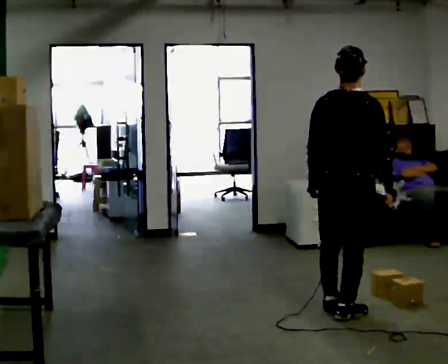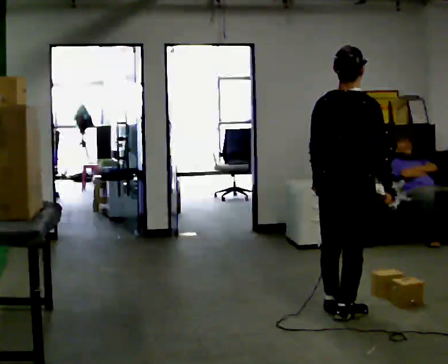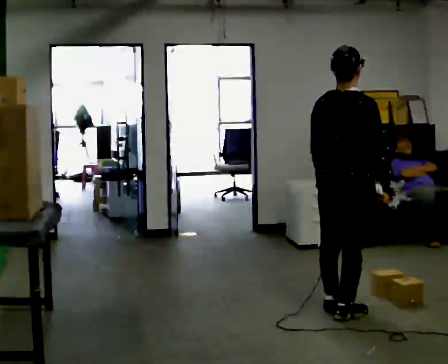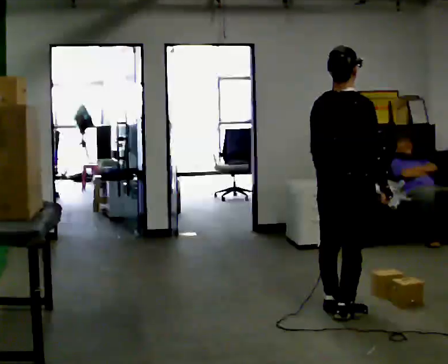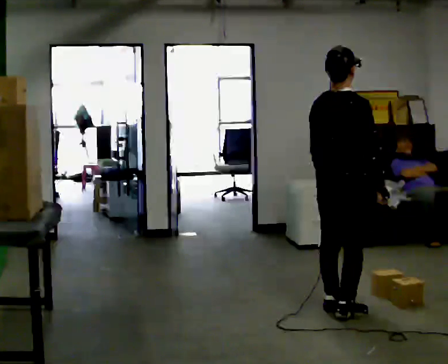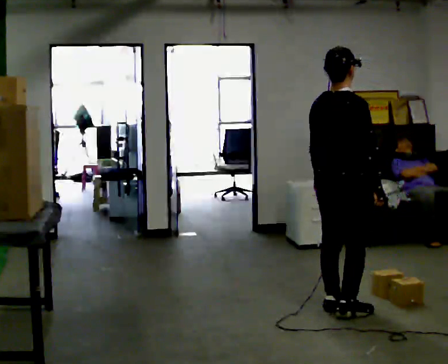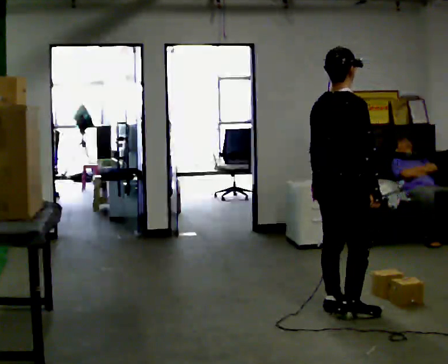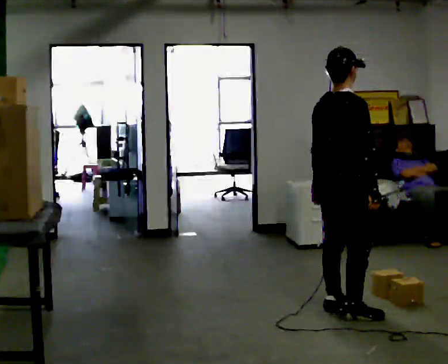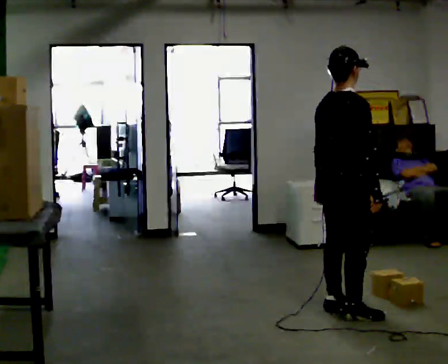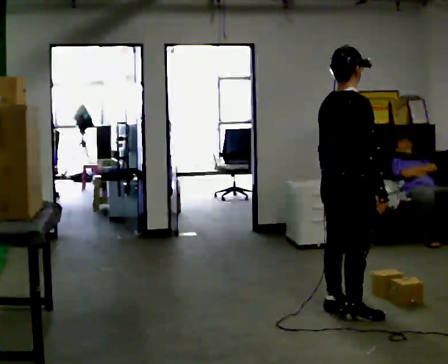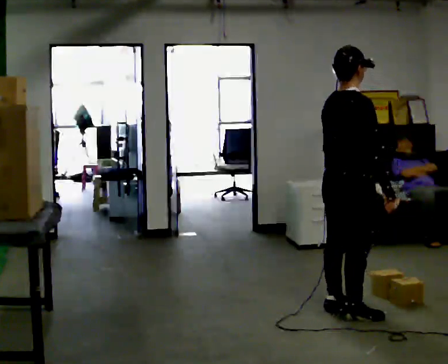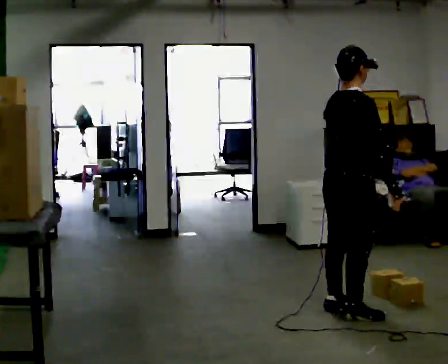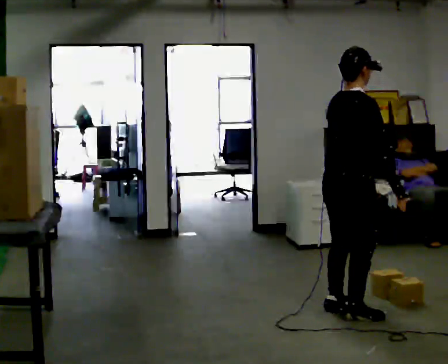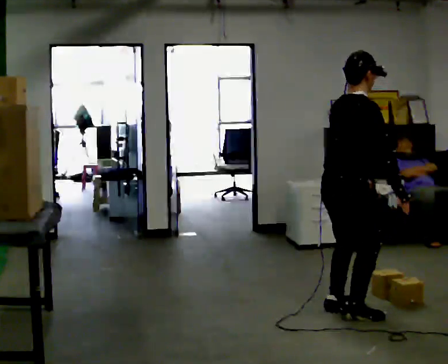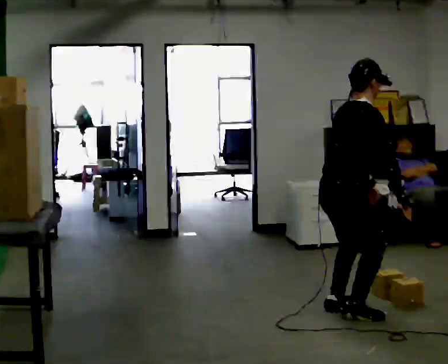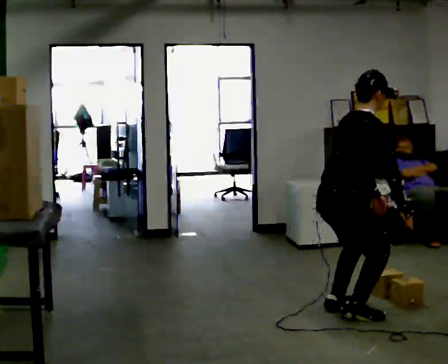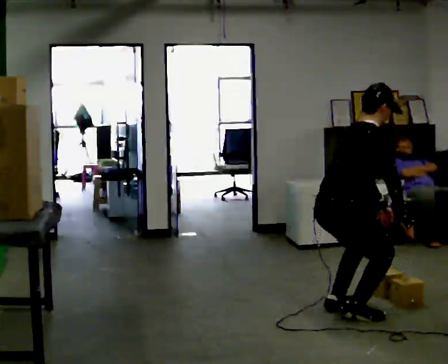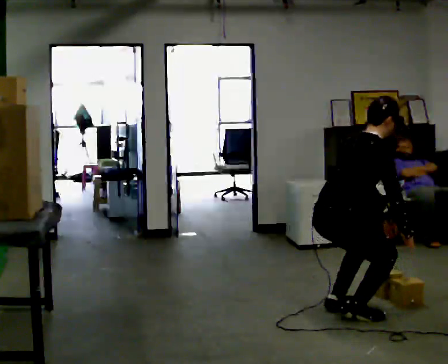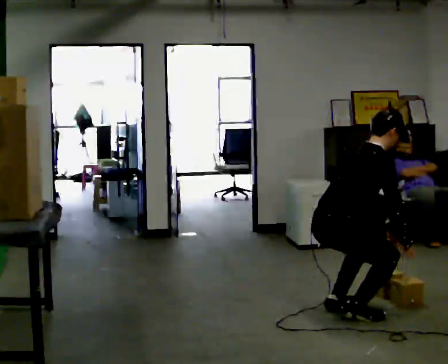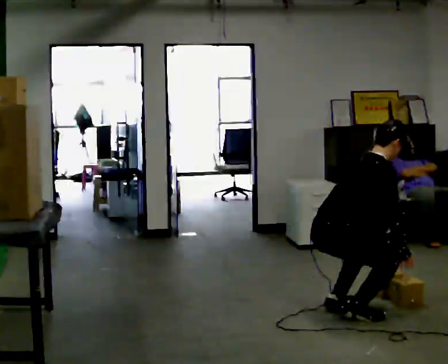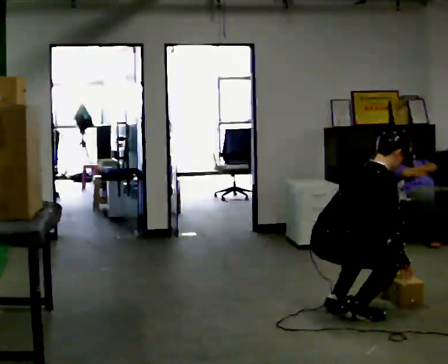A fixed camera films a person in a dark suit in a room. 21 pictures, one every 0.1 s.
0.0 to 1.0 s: The part of the body nearest the lens slides to the left as the person turns to their right by about 45 degrees.
1.0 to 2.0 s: The shoulders move downward. In the picture the upper body tilts clockwise, shoulders to the right, as they bend forward. In the picture their left hand goes downward and to the right.
The film runs backward here.
